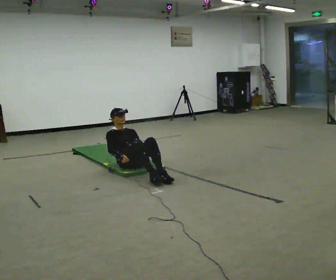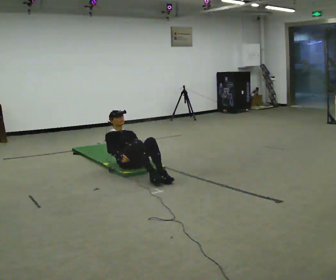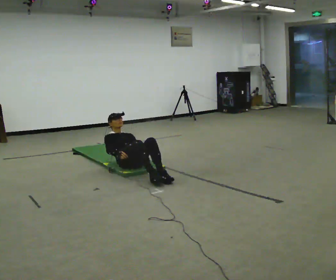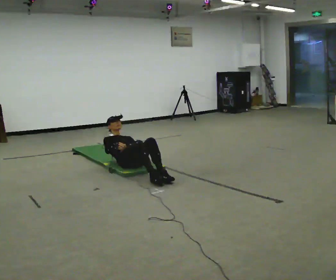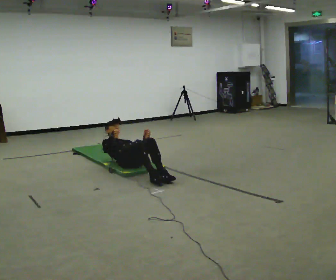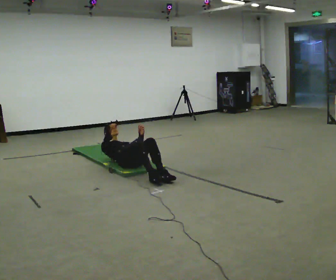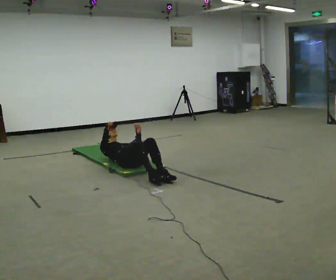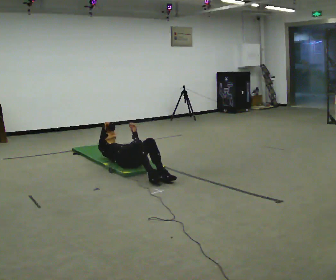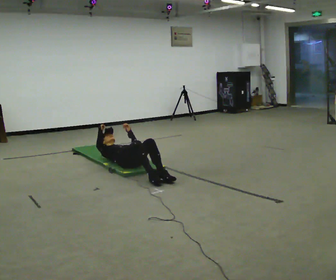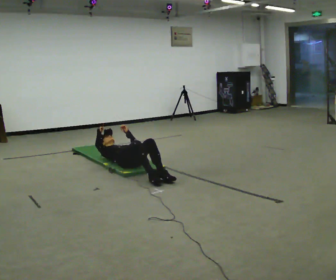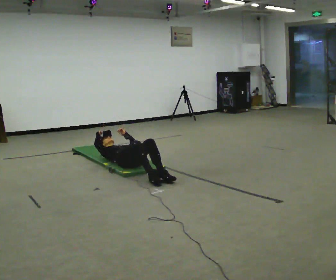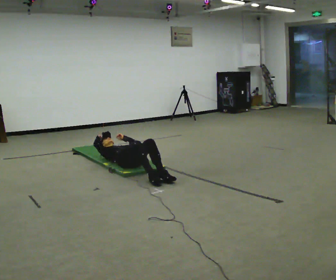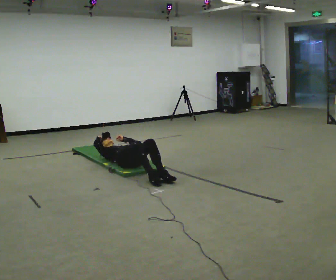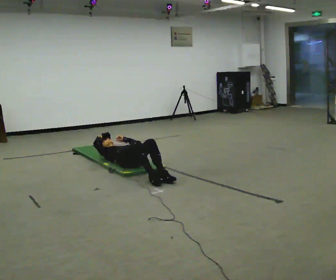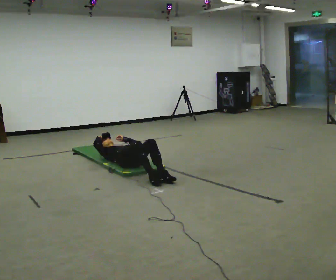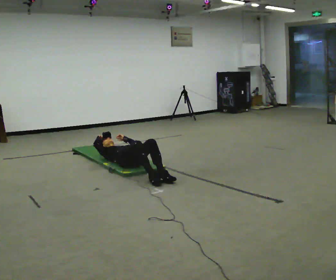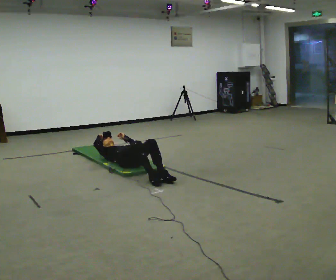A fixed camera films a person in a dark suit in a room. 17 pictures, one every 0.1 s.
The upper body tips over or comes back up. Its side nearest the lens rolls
upward.
The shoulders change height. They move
downward.
0.0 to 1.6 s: The shoulders move downward. The upper body tips away from the camera, its near side rolling upward, as they lean back or straighten.
The film runs forward here.
